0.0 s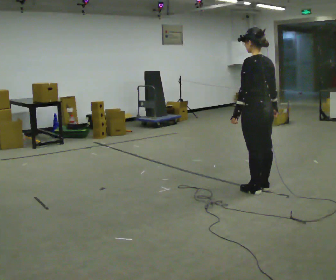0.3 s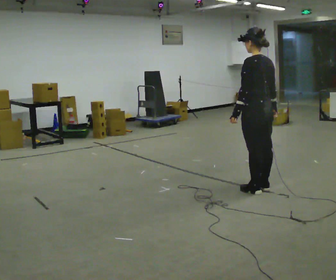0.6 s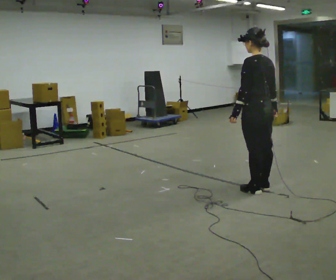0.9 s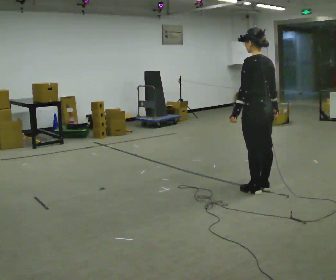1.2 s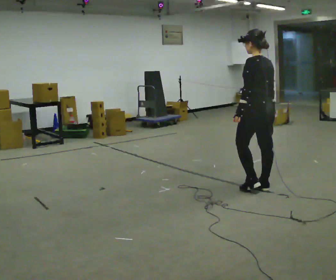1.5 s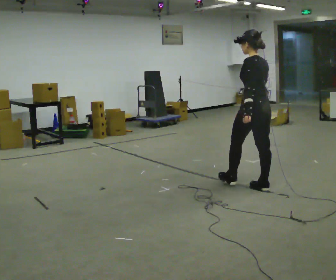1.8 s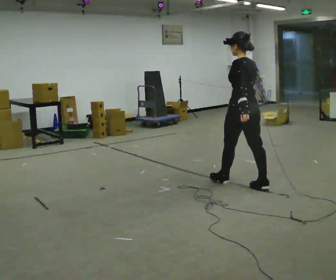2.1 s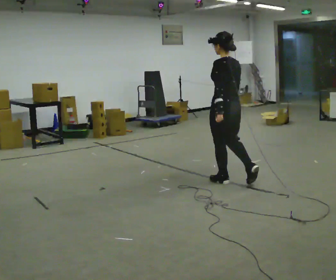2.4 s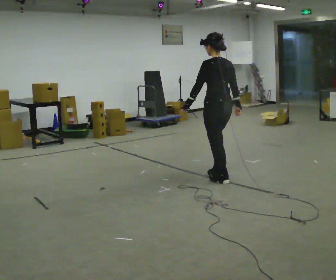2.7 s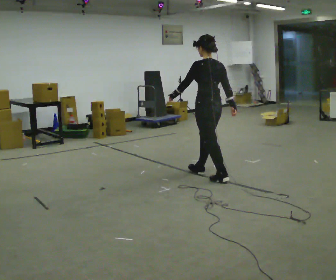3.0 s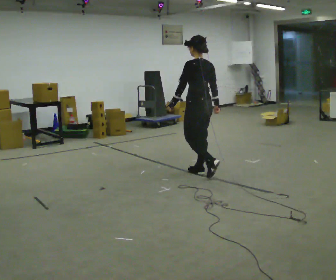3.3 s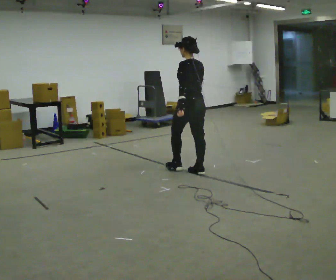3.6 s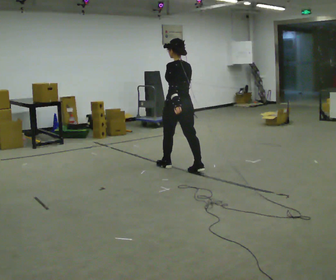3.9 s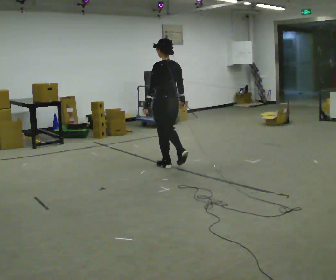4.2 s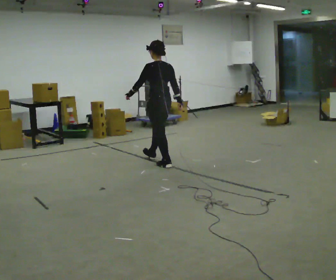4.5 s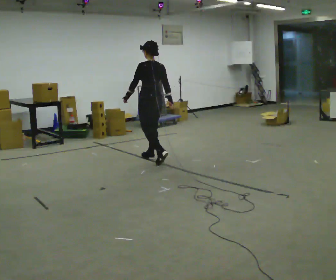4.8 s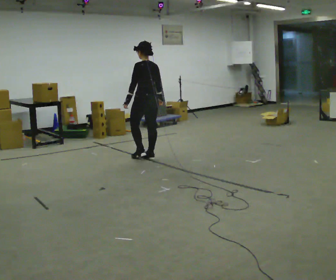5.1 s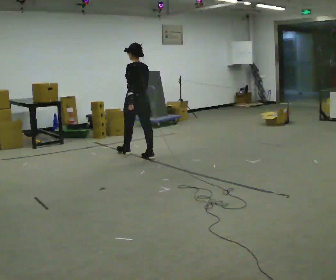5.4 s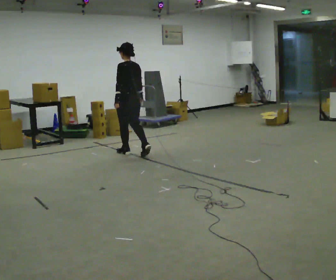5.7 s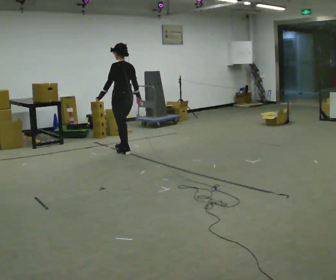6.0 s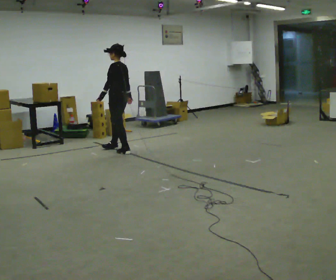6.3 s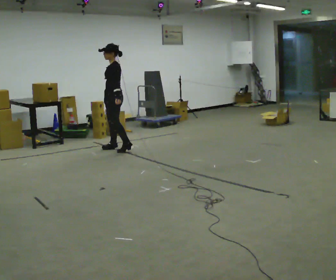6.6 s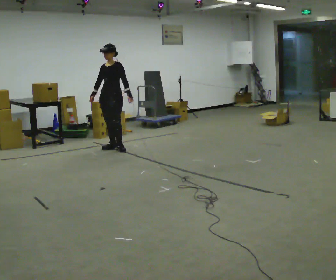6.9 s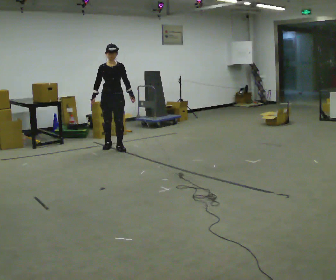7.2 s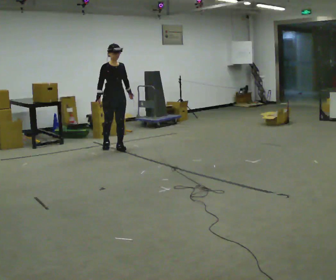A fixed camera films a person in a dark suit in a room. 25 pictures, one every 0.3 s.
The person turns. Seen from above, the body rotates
counterclockwise.
The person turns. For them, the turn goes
to their left.
0.0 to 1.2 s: The person moves a little, or ends about where they began.
1.2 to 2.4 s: In the picture they go to the left and away from the camera, about 0.5 m in 1 step, which for them is forward.
2.4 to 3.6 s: In the picture they go away from the camera and to the left, about 0.75 m in 2 steps, which for them is forward.
3.6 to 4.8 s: In the picture they go away from the camera and to the left, about 0.5 m in 1 step, which for them is forward.
4.8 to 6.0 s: The person turns about 30 degrees to their left, counterclockwise seen from above, so the part of the body nearest the lens slides to the right. In the picture they go away from the camera and to the left, about 0.5 m in 2 steps, which for them is forward.
6.0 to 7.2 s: The part of the body nearest the lens slides to the right as the person turns to their left by about 135 degrees. In the picture they go away from the camera, about 0.25 m in 2 steps. In the picture their left hand goes to the right, the arm swinging counterclockwise.
The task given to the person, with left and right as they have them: Walk forward noticeably slower than normal; do not shuffle; stop.
The film runs forward here.
